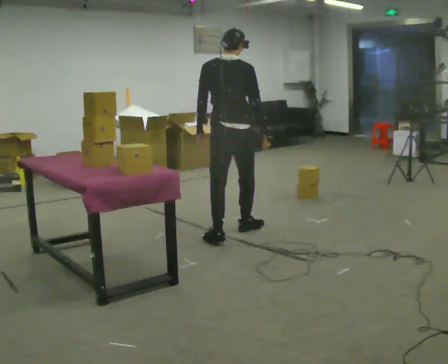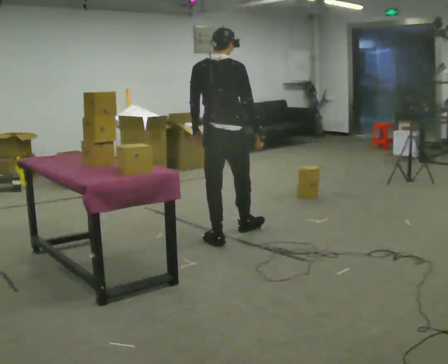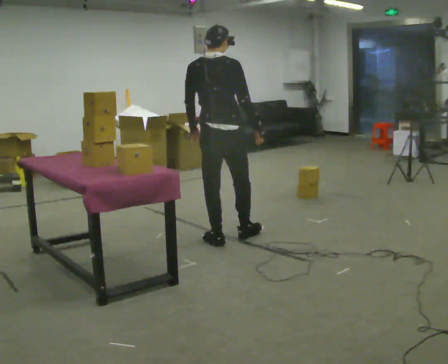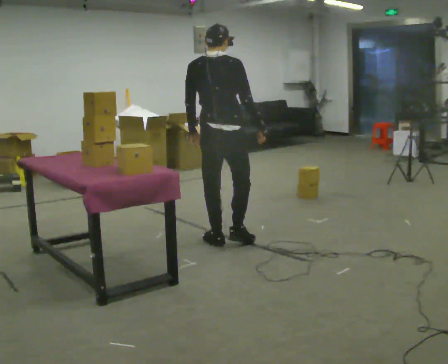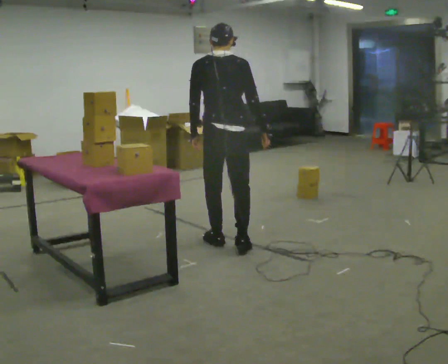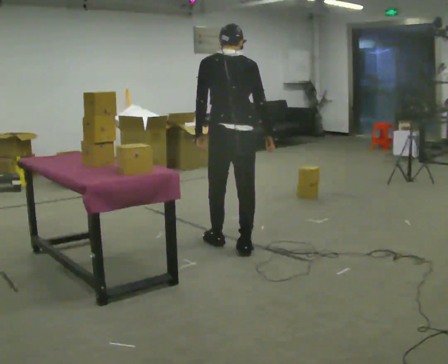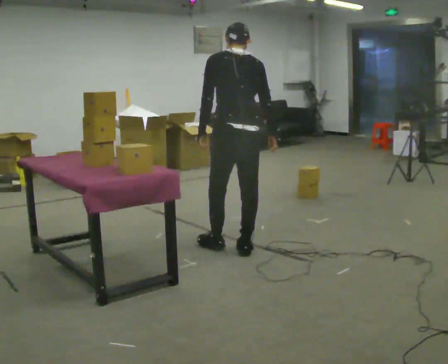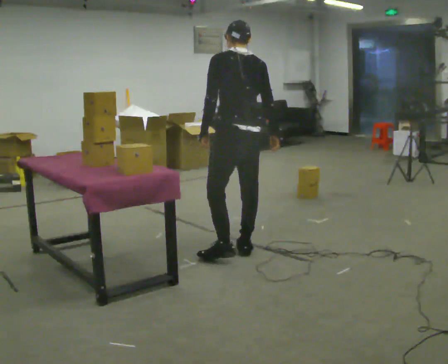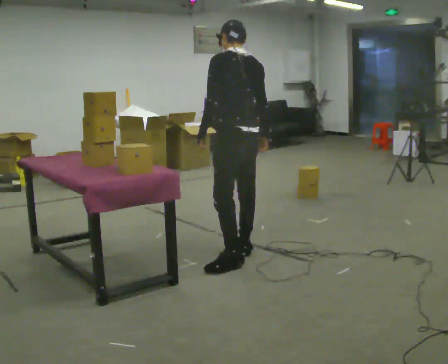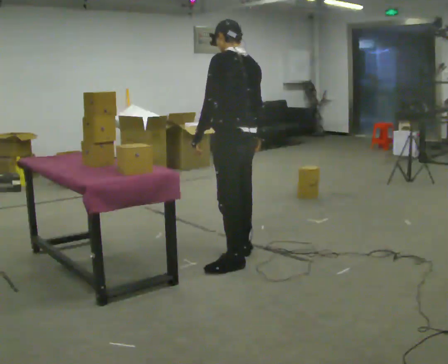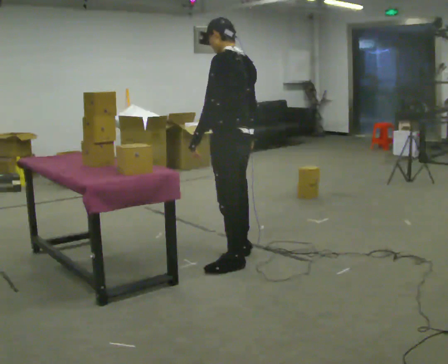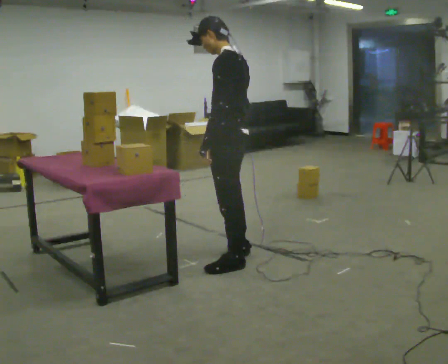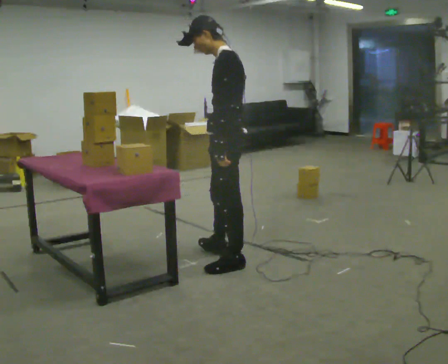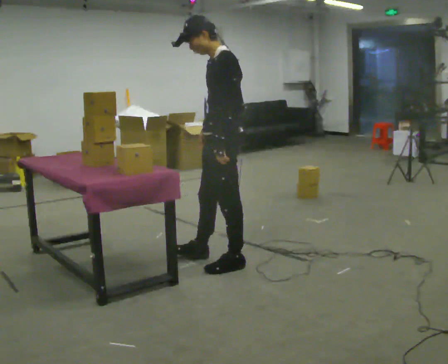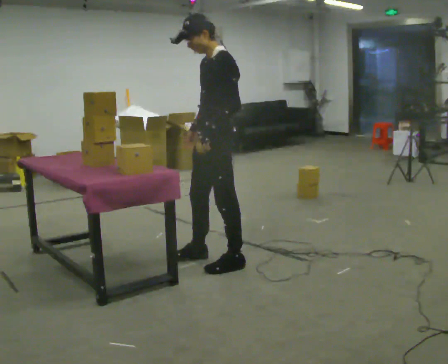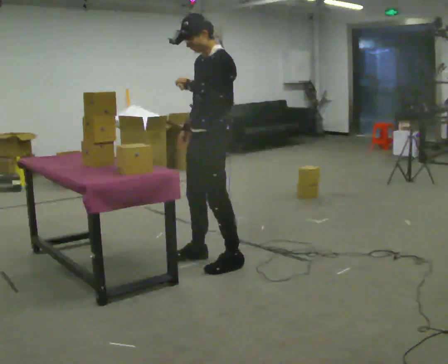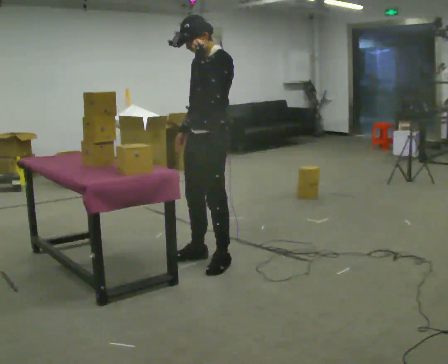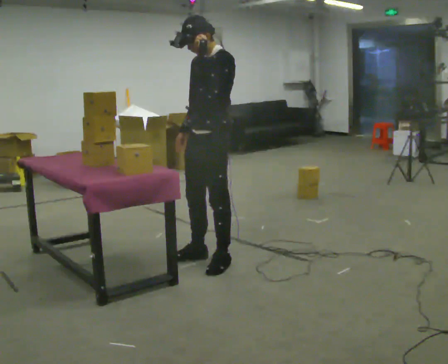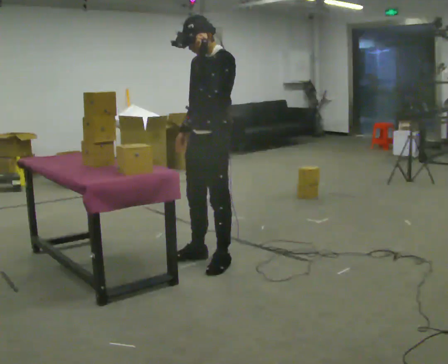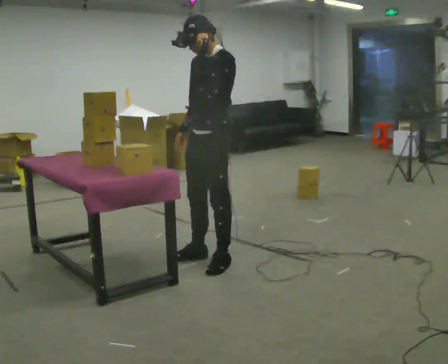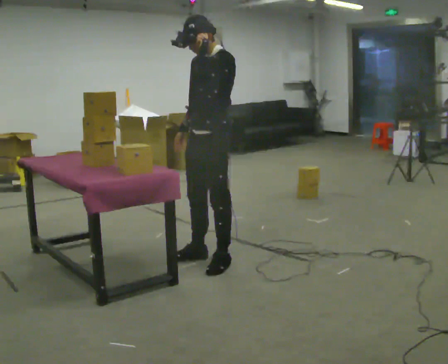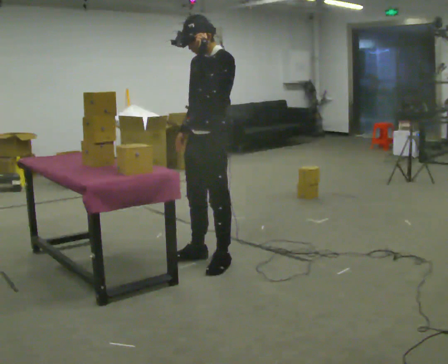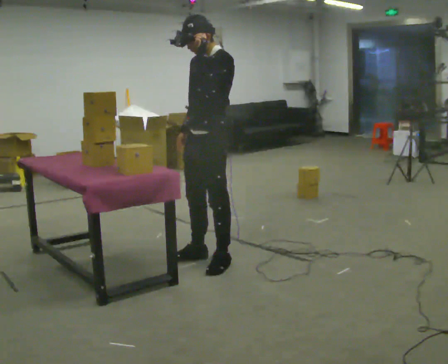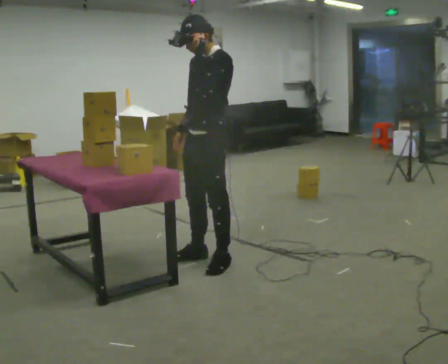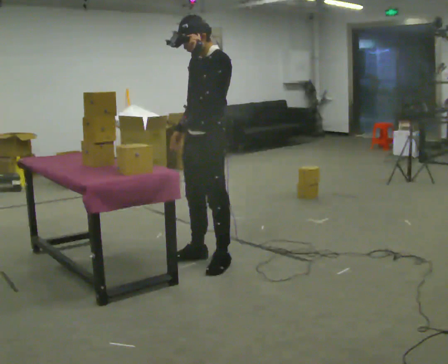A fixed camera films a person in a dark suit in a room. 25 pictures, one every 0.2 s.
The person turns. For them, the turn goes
to their left.
The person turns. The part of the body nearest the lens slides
to the right.
0.0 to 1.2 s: In the picture they go toward the camera, about 0.5 m in 2 steps, which for them is backward.
1.2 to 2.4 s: The part of the body nearest the lens slides to the right as the person turns to their left by about 60 degrees. In the picture they go toward the camera, about 0.25 m in 1 step.
2.4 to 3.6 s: Seen from above the body turns counterclockwise, about 45 degrees: to their left, with its near side sliding to the right. In the picture their left hand goes upward.
3.6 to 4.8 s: The person moves a little, or ends about where they began.
The film runs backward here.
